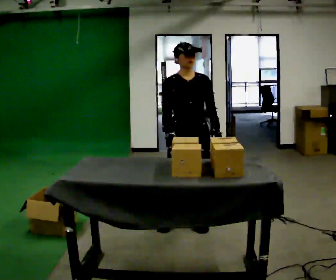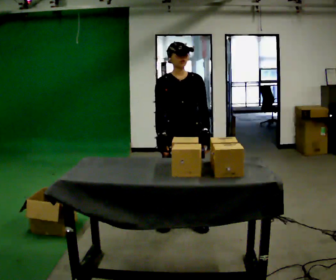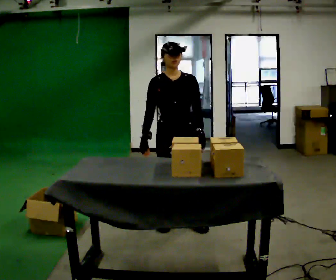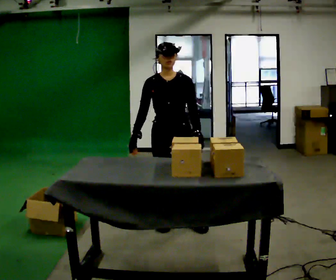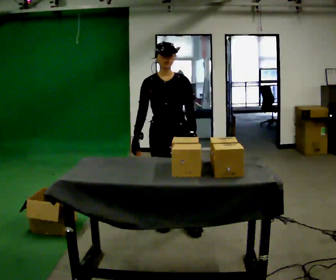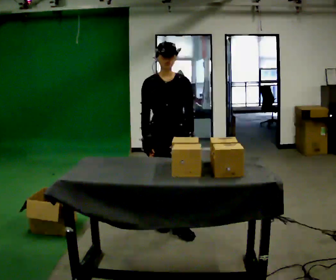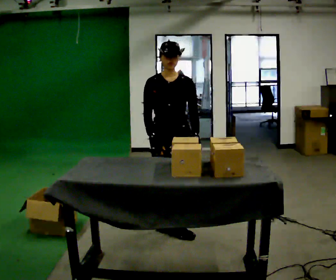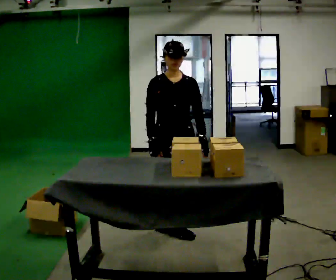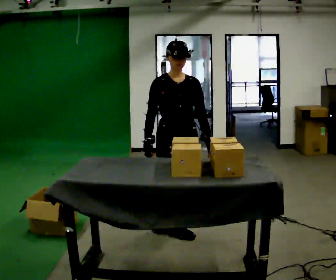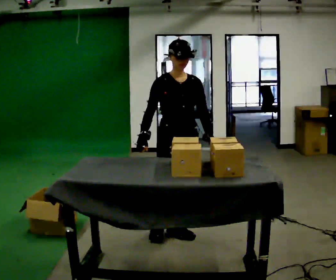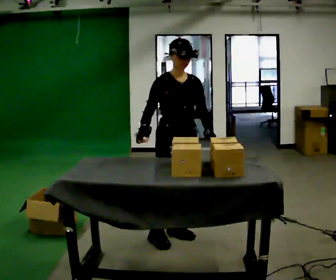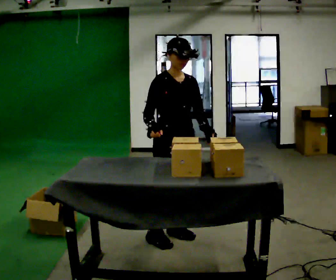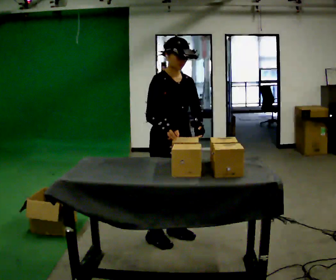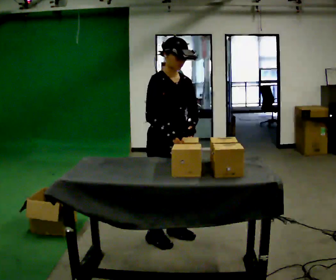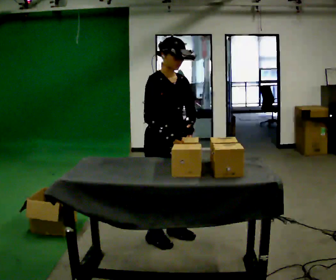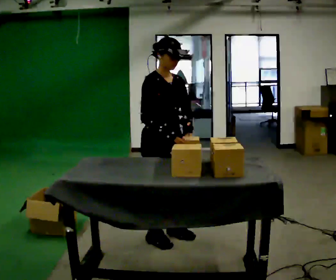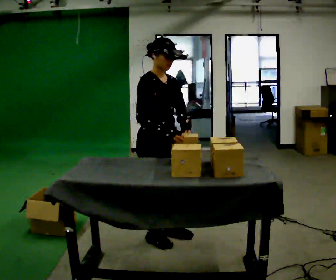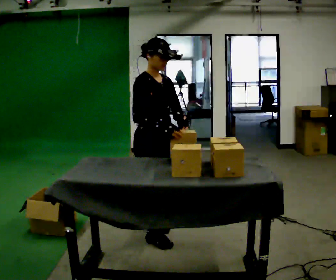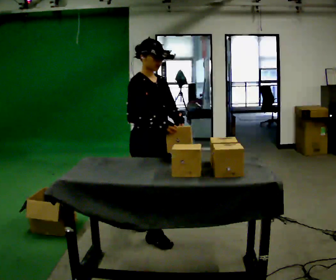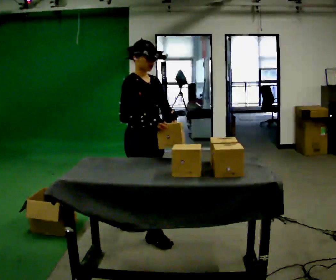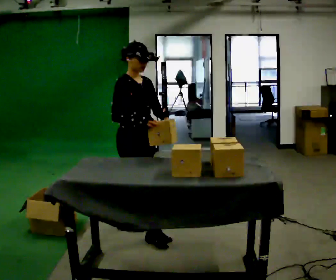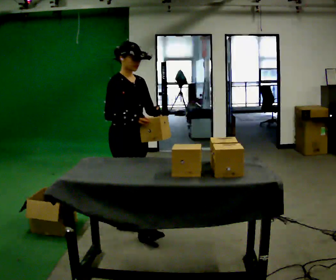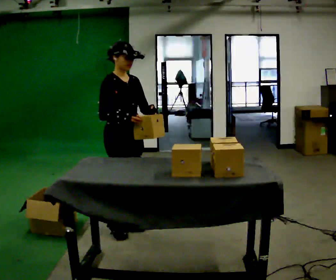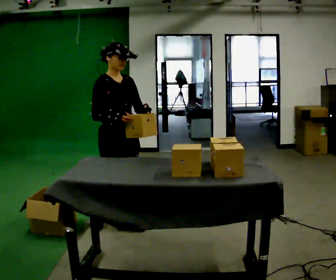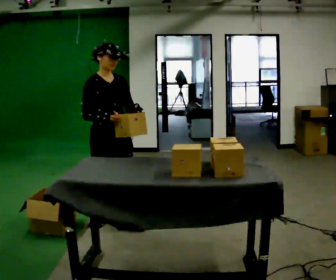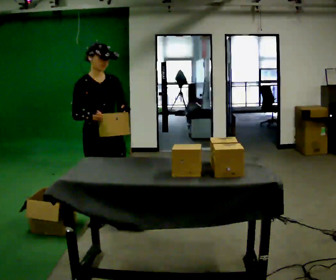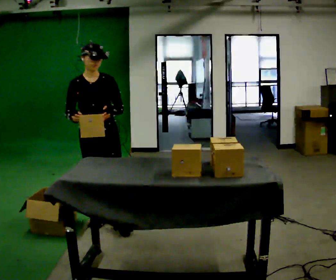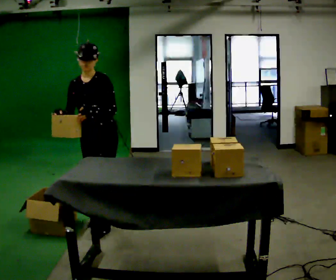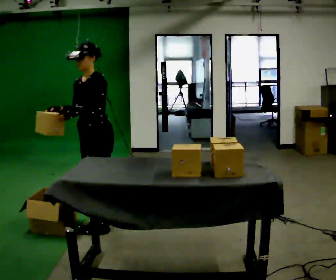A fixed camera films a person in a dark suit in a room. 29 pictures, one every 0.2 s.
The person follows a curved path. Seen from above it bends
clockwise.
0.0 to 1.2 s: In the picture they go to the left, about 0.25 m in 1 step, which for them is to their right.
1.2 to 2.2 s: The part of the body nearest the lens slides to the right as the person turns to their left by about 30 degrees. In the picture they go toward the camera, about 0.25 m in 1 step, which for them is forward.
2.2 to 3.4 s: In the picture they go to the left, about 0.25 m in 1 step, which for them is to their right.
3.4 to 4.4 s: In the picture they go to the left and away from the camera, about 0.25 m in 1 step, which for them is backward.
4.4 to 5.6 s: The person turns about 90 degrees to their right, clockwise seen from above, so the part of the body nearest the lens slides to the left. In the picture they go to the left, about 0.25 m. In the picture their right hand goes to the left.
The film runs backward here.
